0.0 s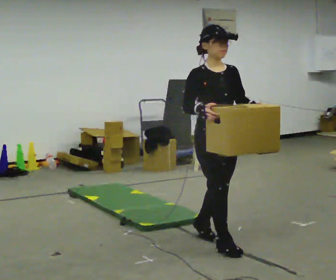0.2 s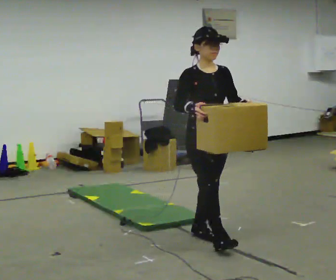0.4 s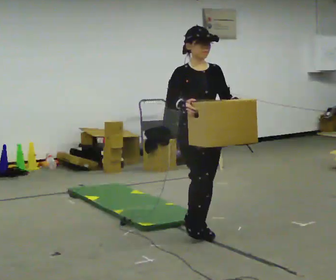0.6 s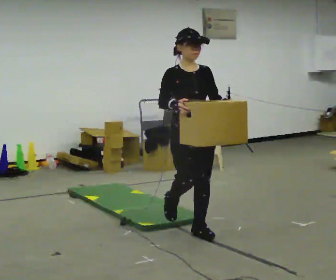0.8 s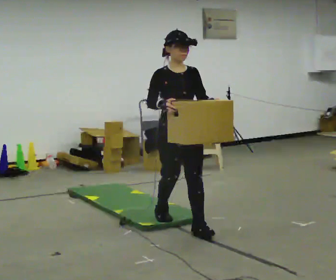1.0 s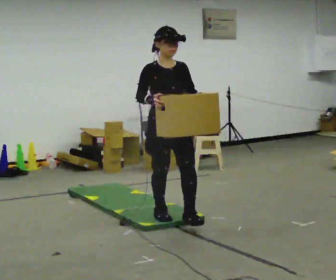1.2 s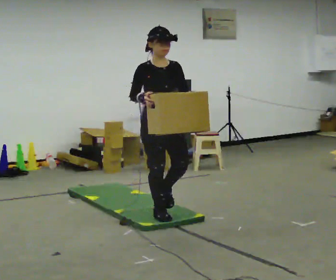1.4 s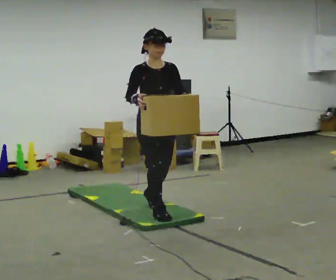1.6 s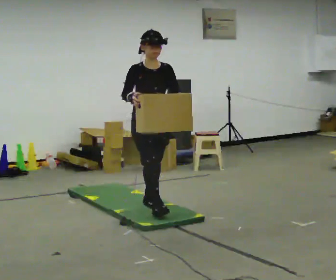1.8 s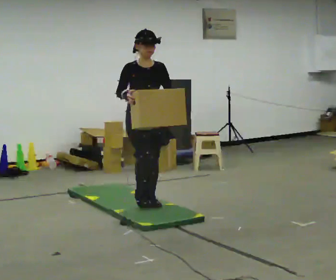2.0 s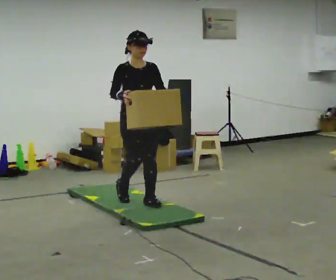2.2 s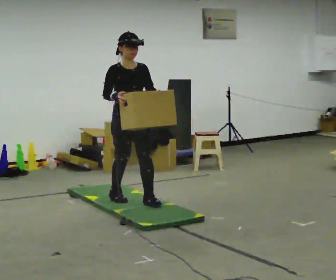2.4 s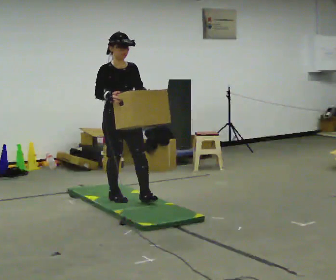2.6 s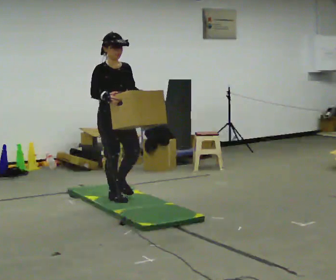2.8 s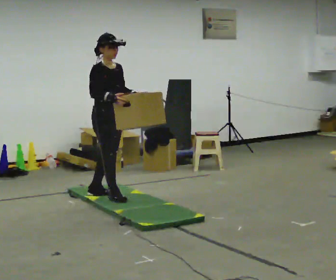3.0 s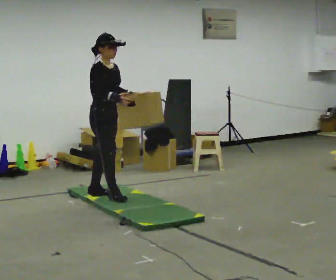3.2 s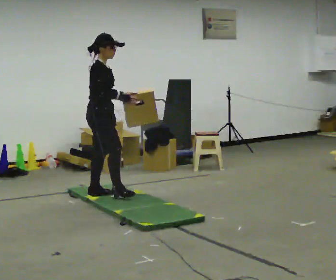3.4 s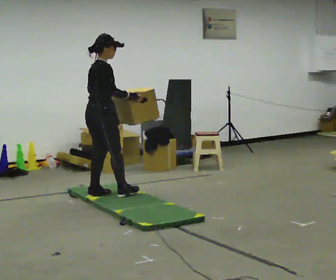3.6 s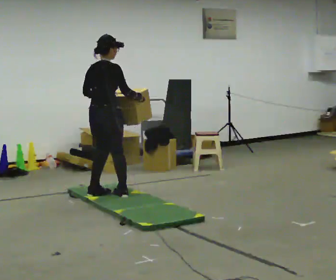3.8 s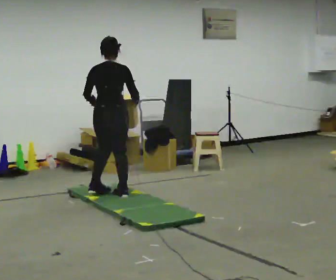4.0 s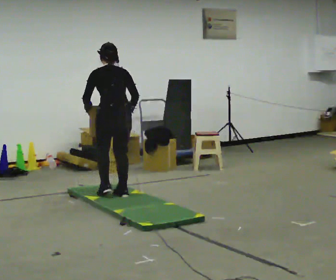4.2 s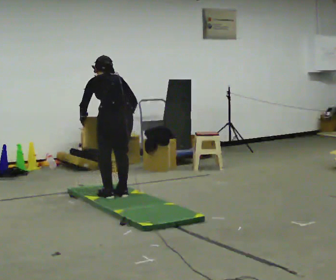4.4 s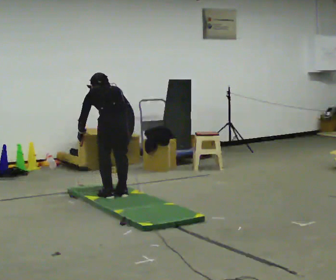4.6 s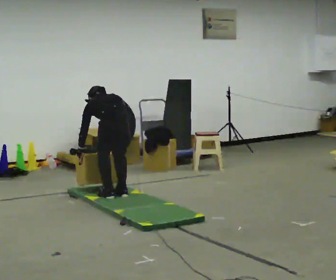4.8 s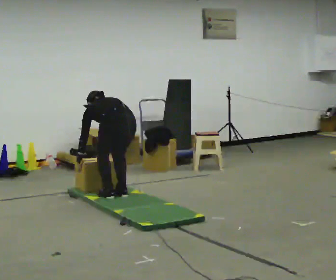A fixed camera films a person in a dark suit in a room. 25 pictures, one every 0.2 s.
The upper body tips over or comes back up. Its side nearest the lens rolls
upward.
The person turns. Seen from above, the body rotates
counterclockwise.
0.0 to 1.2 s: In the picture they go away from the camera and to the left, about 1 m in 2 steps, which for them is backward.
1.2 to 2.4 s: In the picture they go away from the camera and to the left, about 0.5 m in 2 steps, which for them is backward.
2.4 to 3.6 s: The person turns about 120 degrees to their left, counterclockwise seen from above, so the part of the body nearest the lens slides to the right. In the picture they go away from the camera and to the left, about 0.25 m in 1 step.
3.6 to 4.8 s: Seen from above the body turns counterclockwise, about 60 degrees: to their left, with its near side sliding to the right. In the picture they go to the right, about 0.25 m in 1 step. The shoulders move downward. The upper body tips away from the camera, its near side rolling upward, as they bend forward. In the picture their left hand goes downward.
The film runs backward here.
